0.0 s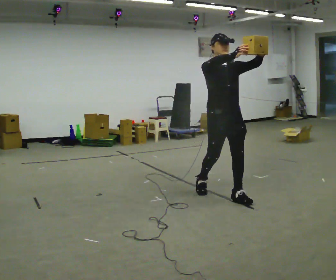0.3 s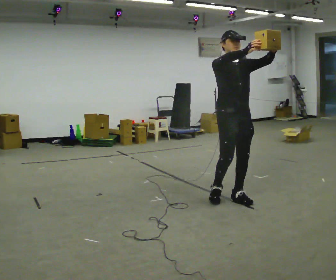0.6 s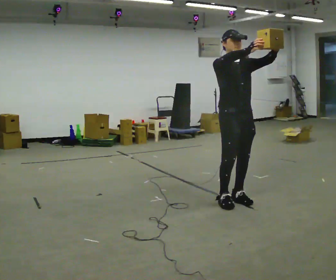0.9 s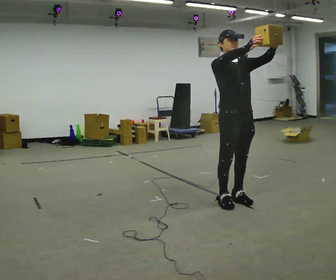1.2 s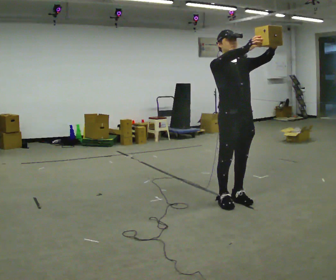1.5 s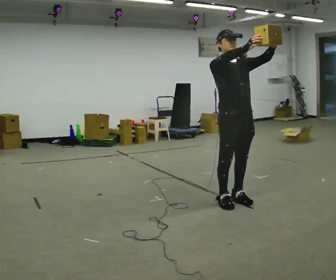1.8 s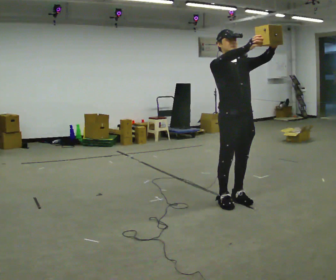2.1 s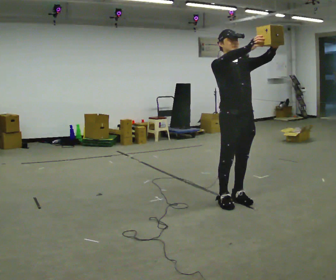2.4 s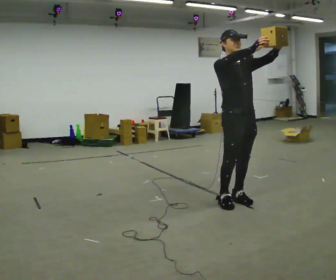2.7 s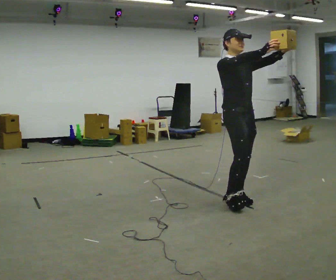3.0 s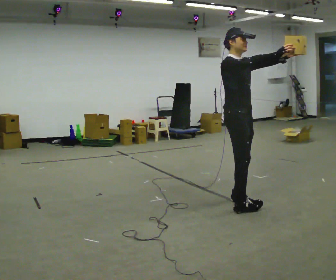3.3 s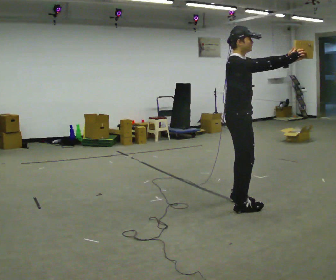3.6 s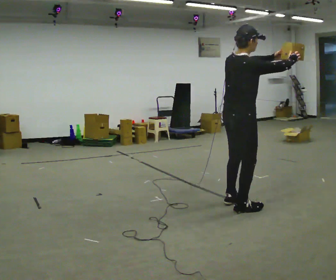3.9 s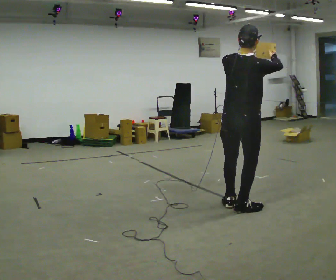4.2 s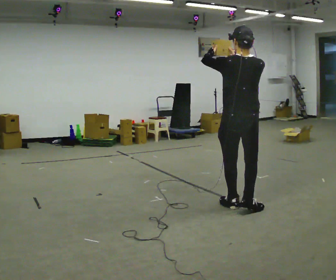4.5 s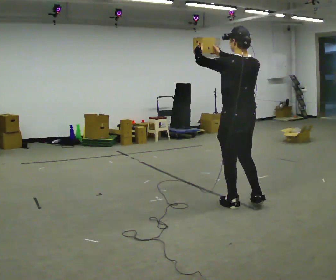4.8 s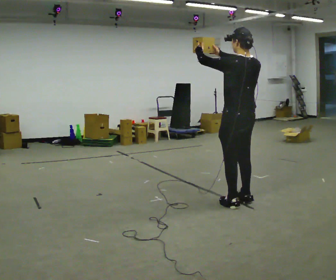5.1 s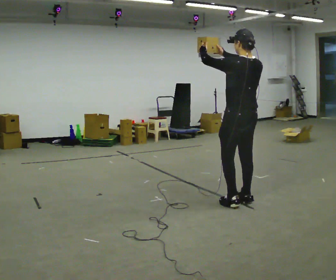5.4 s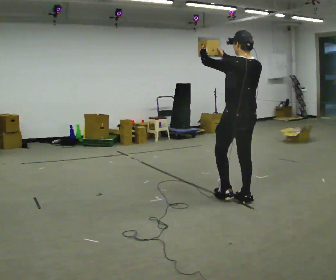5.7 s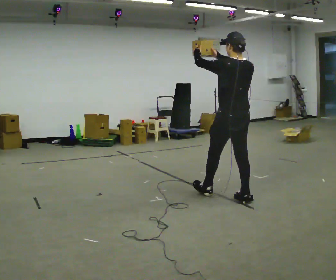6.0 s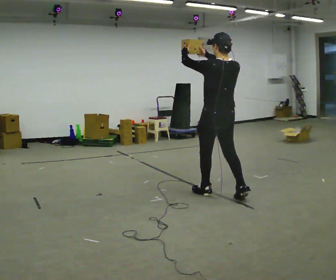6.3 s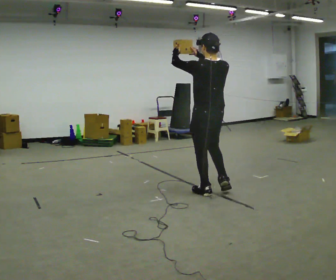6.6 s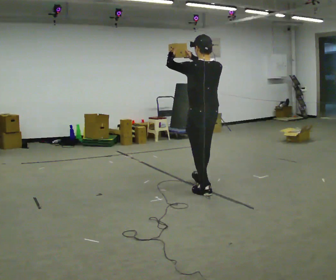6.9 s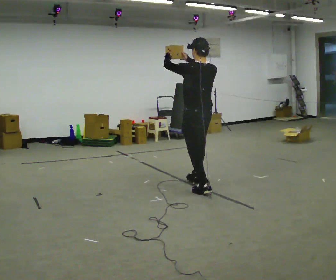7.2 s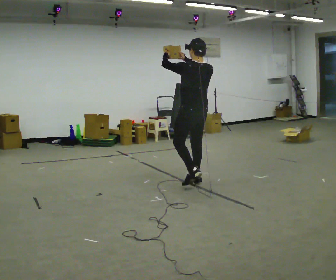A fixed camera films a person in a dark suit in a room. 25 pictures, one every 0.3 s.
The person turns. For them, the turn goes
to their left.
The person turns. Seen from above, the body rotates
counterclockwise.
0.0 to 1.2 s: In the picture they go toward the camera, about 0.25 m in 1 step, which for them is forward.
1.2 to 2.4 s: The person moves a little, or ends about where they began.
2.4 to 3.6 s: Seen from above the body turns counterclockwise, about 90 degrees: to their left, with its near side sliding to the right. In the picture they go toward the camera, about 0.25 m in 1 step. In the picture their right hand goes to the right.
3.6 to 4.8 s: The part of the body nearest the lens slides to the right as the person turns to their left by about 90 degrees. In the picture they go away from the camera, about 0.25 m in 2 steps. In the picture their left hand goes to the left.
4.8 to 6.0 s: In the picture they go away from the camera and to the left, about 0.25 m in 1 step, which for them is forward.
6.0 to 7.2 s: In the picture they go away from the camera and to the left, about 0.5 m in 1 step, which for them is forward.
The film runs forward here.
